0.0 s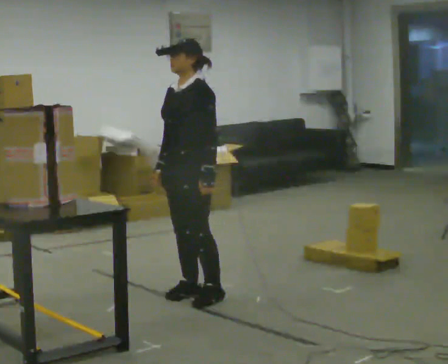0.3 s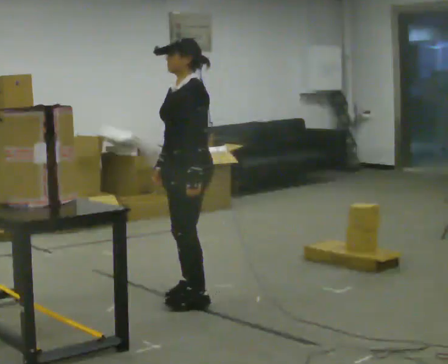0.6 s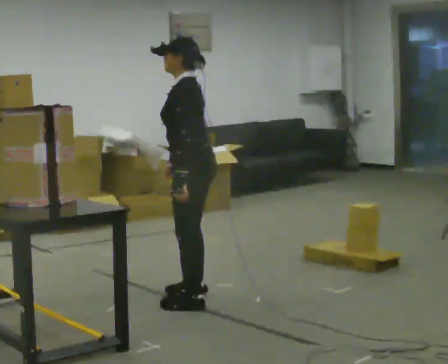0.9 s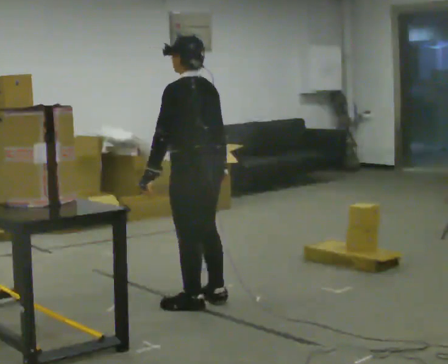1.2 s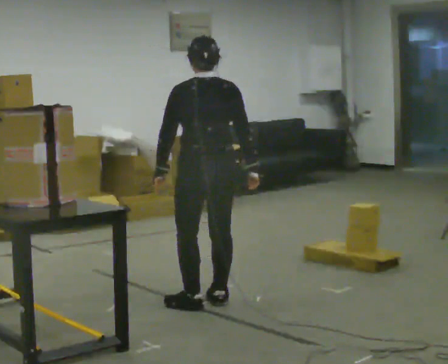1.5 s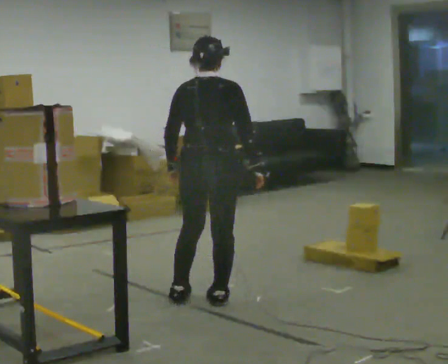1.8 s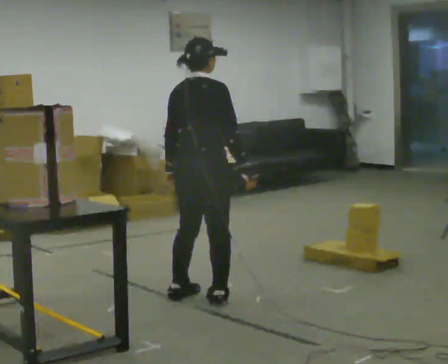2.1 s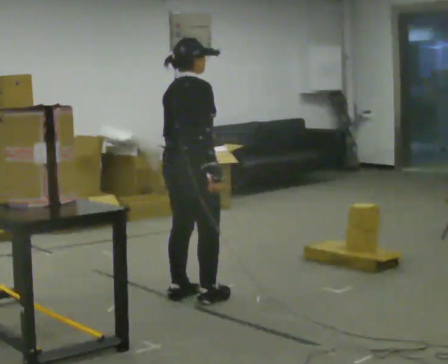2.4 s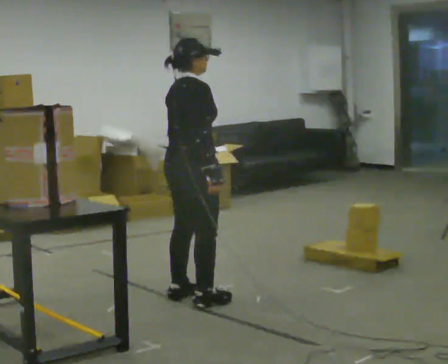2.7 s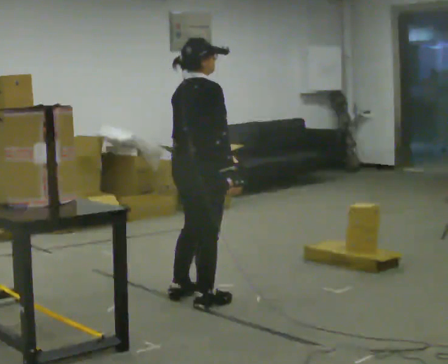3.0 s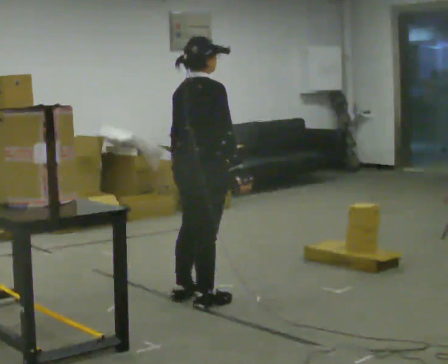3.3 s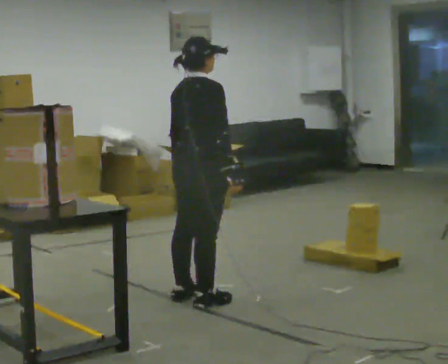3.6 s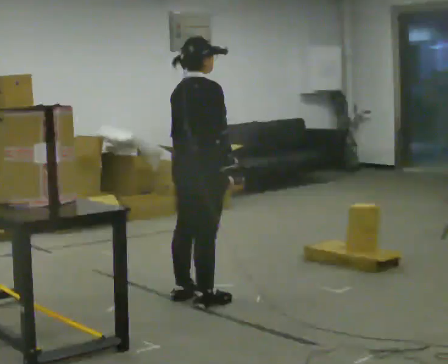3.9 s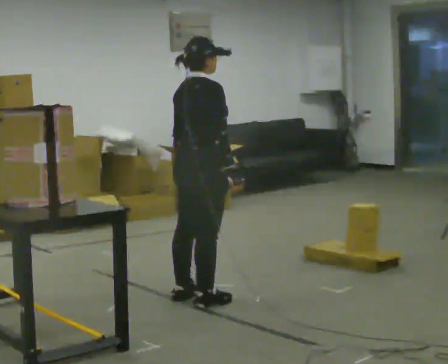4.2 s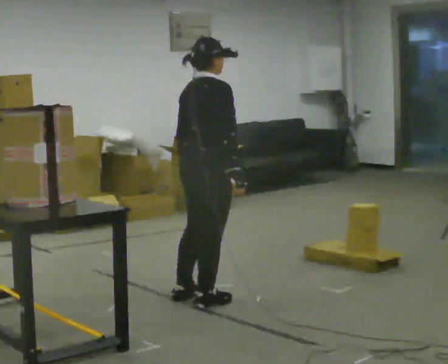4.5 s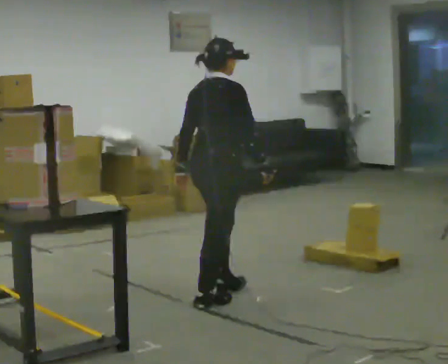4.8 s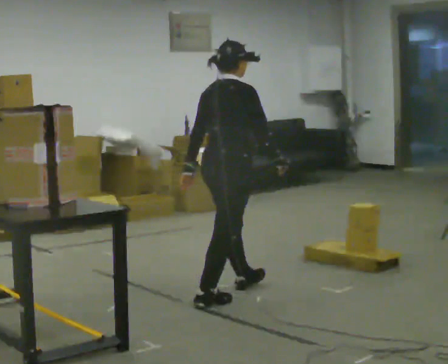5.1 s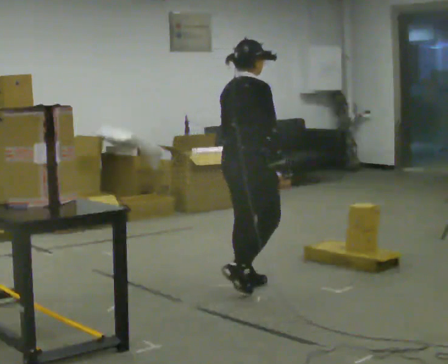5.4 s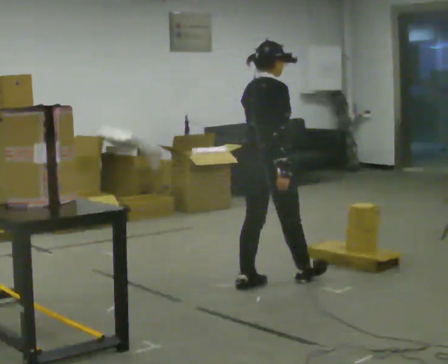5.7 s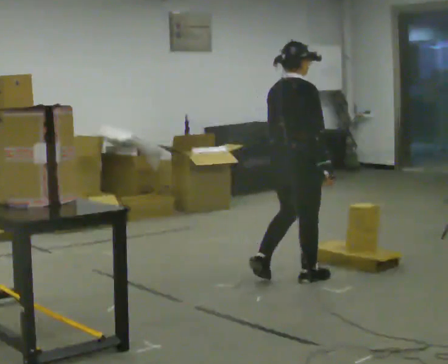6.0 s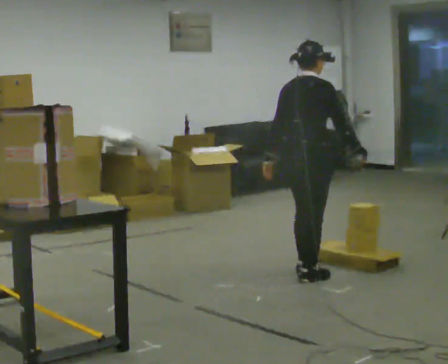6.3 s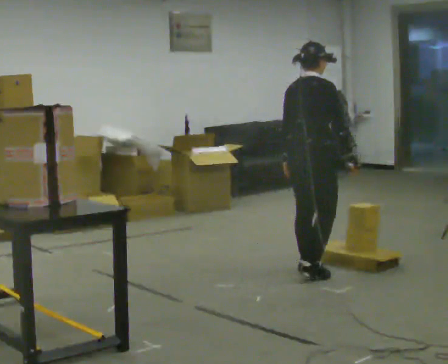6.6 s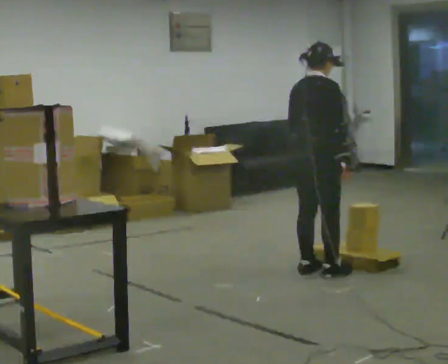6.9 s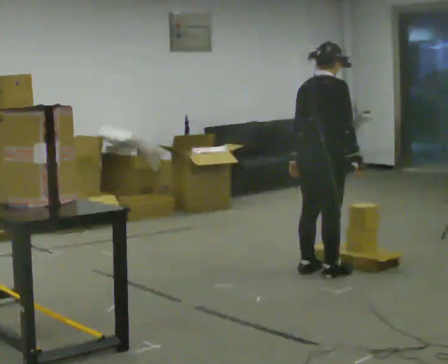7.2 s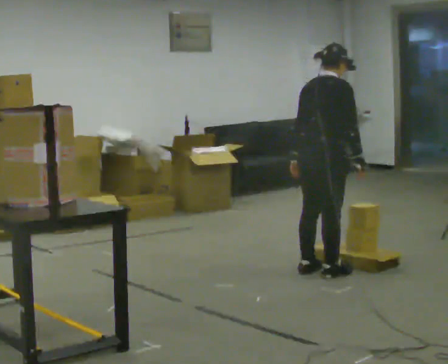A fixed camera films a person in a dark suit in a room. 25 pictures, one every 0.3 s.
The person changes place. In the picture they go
to the right.
The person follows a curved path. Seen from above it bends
counterclockwise.
0.0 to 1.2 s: The person turns about 105 degrees to their right, clockwise seen from above, so the part of the body nearest the lens slides to the left. In the picture they go toward the camera, about 0.25 m in 2 steps. In the picture their right hand goes to the right, the arm swinging counterclockwise.
1.2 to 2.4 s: Seen from above the body turns clockwise, about 75 degrees: to their right, with its near side sliding to the left.
2.4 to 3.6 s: The person moves a little, or ends about where they began.
3.6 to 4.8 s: In the picture they go to the right, about 0.25 m in 1 step, which for them is forward. In the picture their right hand goes to the right.
4.8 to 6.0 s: In the picture they go to the right and away from the camera, about 0.75 m in 1 step, which for them is forward.
6.0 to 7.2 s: The person moves a little, or ends about where they began.
The film runs forward here.
